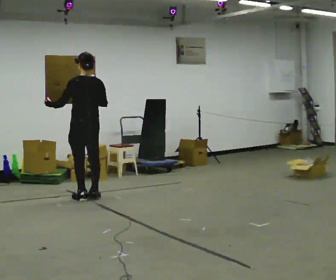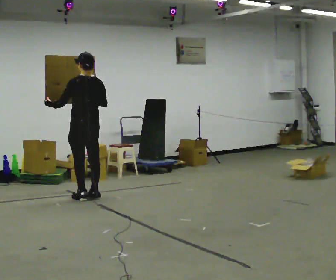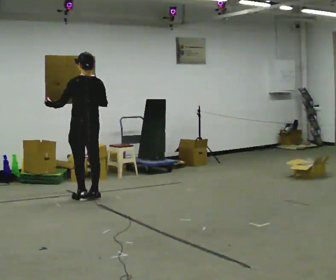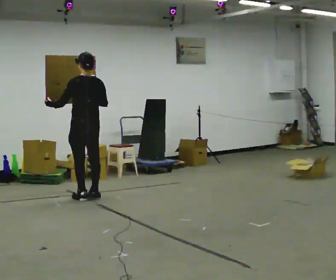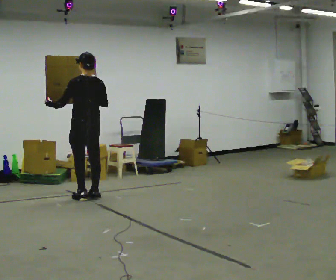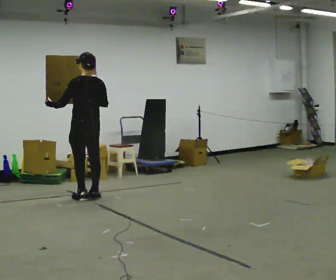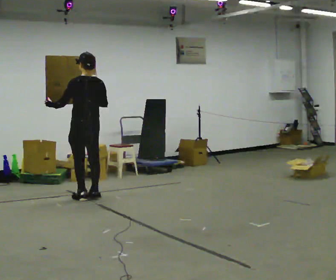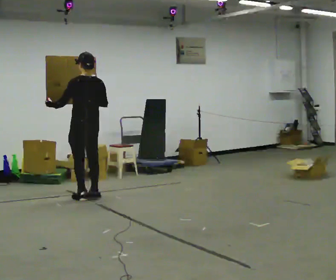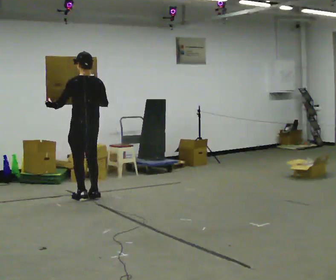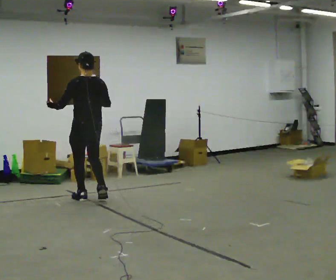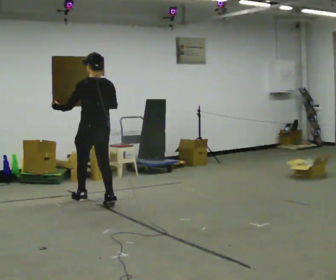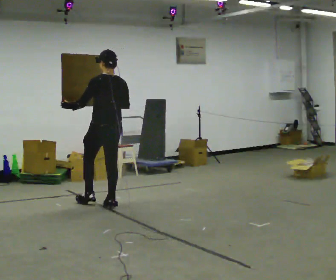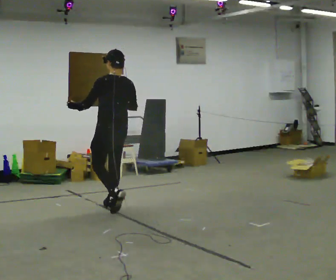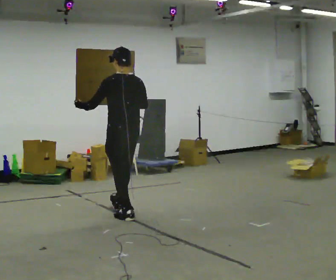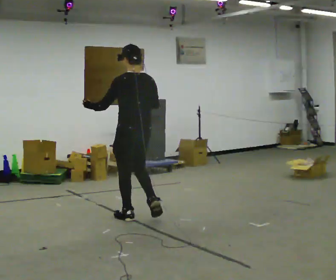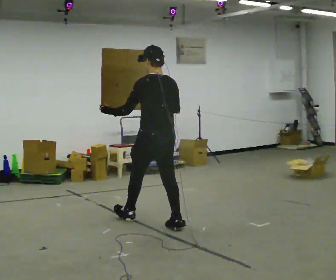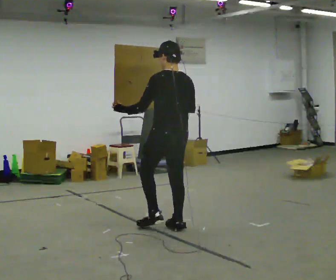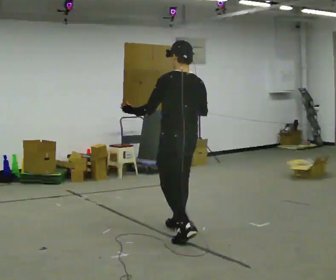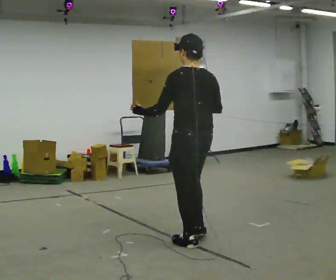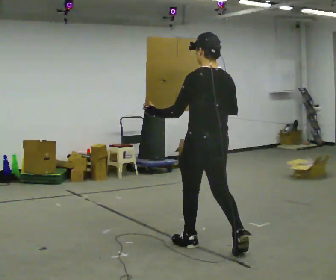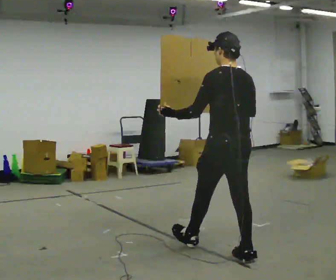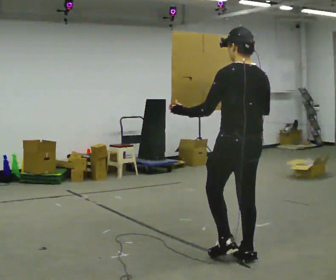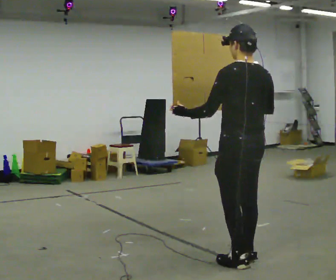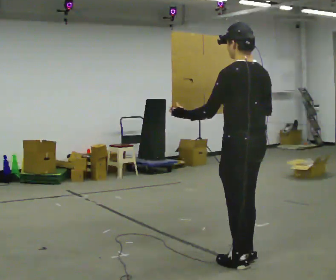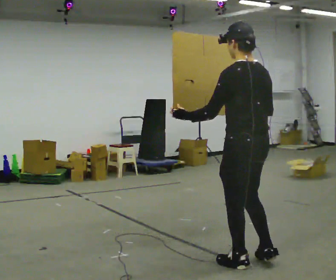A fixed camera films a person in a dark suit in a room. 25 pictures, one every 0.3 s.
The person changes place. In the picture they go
toward the camera.
0.0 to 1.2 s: The person keeps their place and pose.
1.2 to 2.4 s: The person moves a little, or ends about where they began.
2.4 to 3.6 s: In the picture they go toward the camera and to the right, about 0.5 m in 2 steps, which for them is backward.
3.6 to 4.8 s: In the picture they go toward the camera and to the right, about 1 m in 2 steps, which for them is backward.
4.8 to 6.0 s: In the picture they go toward the camera and to the right, about 1 m in 1 step, which for them is backward.
6.0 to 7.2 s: In the picture they go toward the camera, about 0.25 m in 2 steps, which for them is backward.
The film runs backward here.
